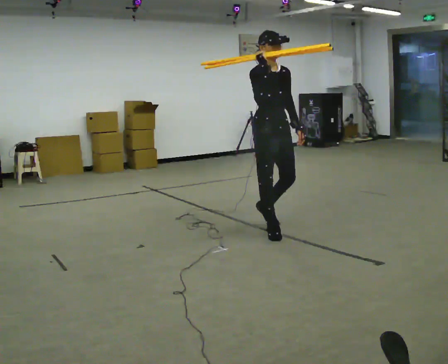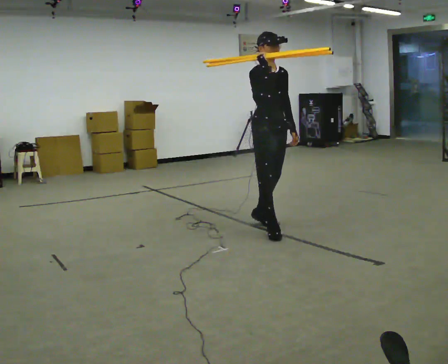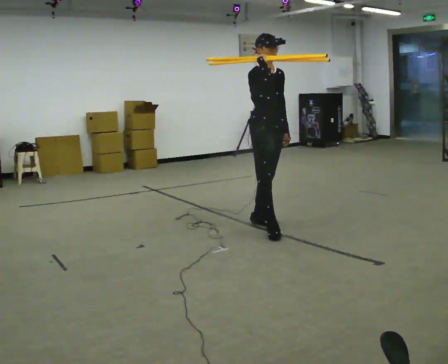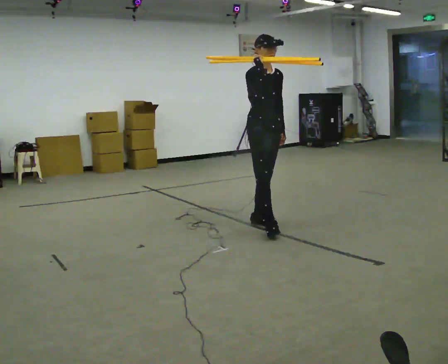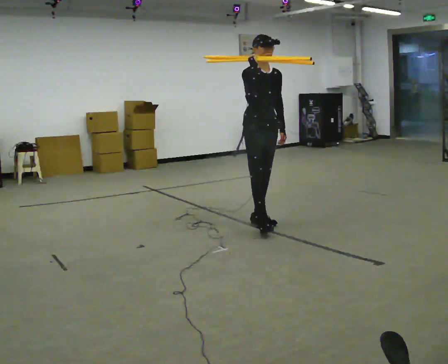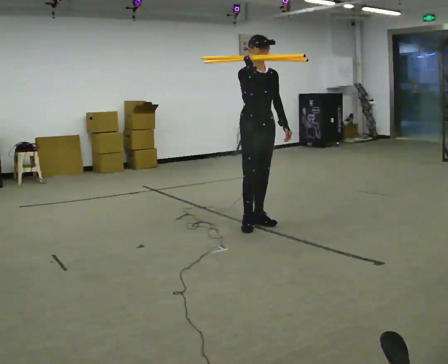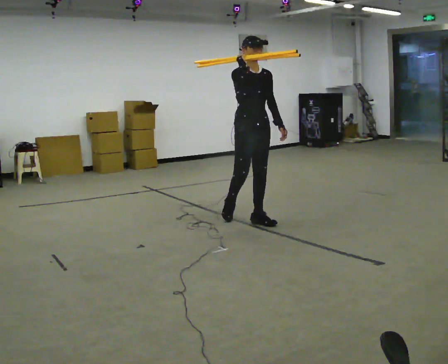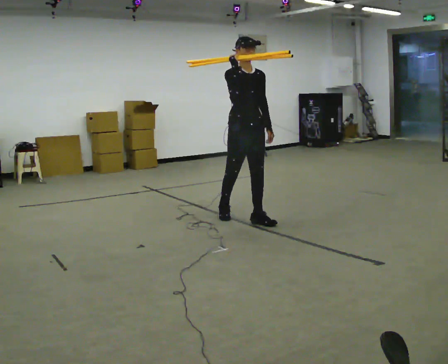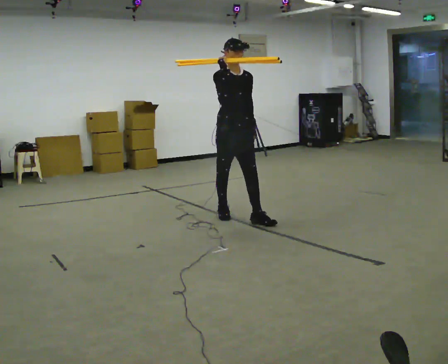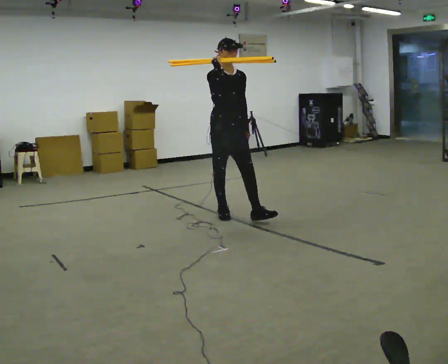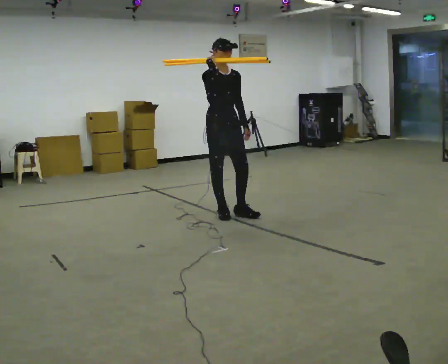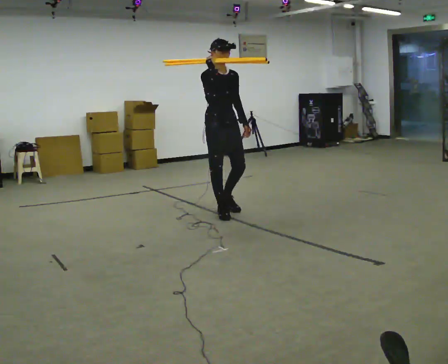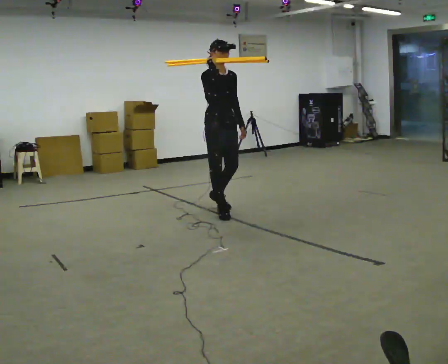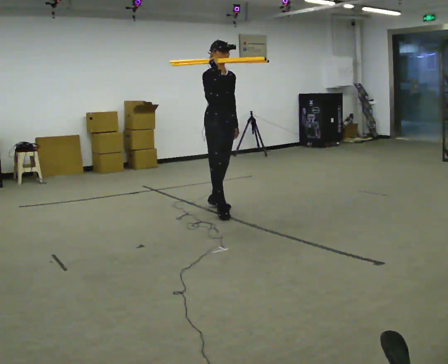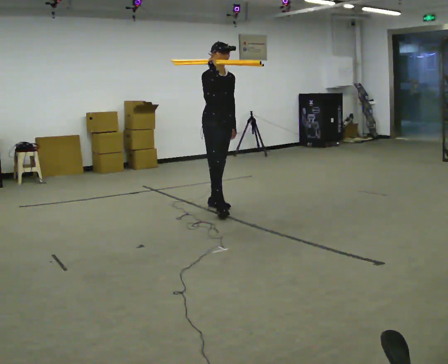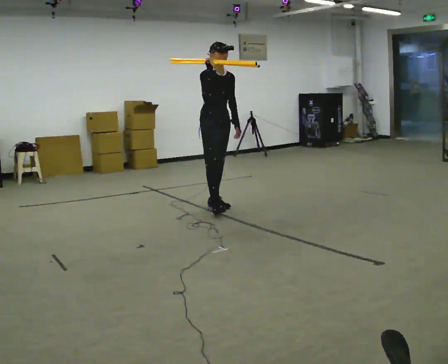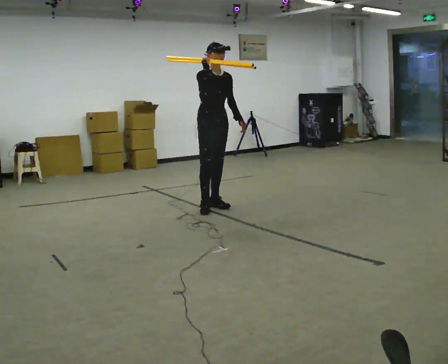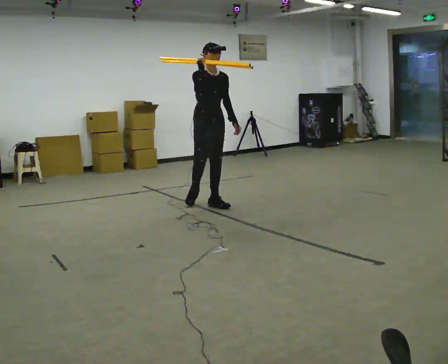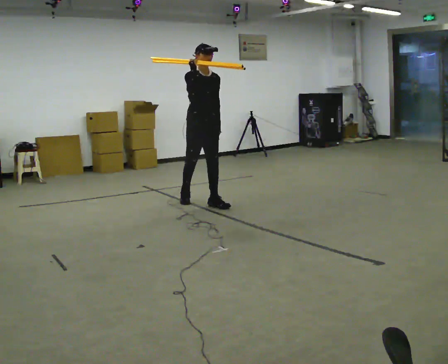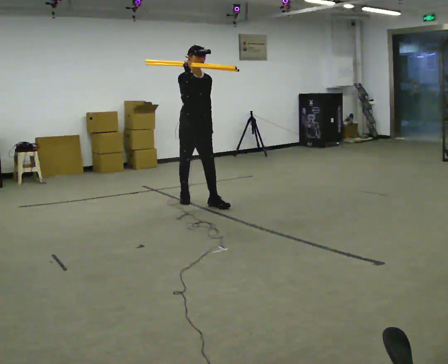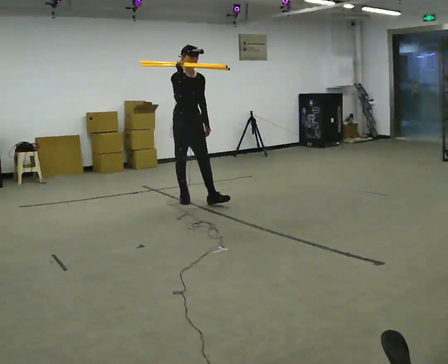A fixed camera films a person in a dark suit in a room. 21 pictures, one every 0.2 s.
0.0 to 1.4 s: In the picture they go away from the camera and to the left, about 0.5 m in 1 step, which for them is backward.
1.4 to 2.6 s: In the picture they go away from the camera and to the left, about 0.5 m in 1 step, which for them is backward.
2.6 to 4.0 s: In the picture they go away from the camera and to the left, about 0.5 m in 2 steps, which for them is backward.
The film runs backward here.
